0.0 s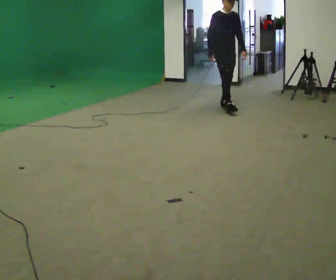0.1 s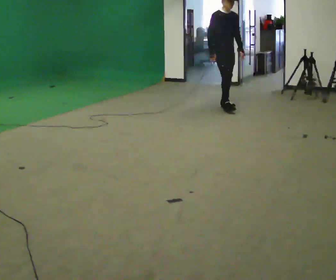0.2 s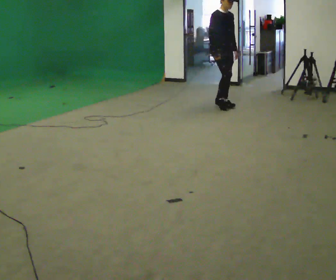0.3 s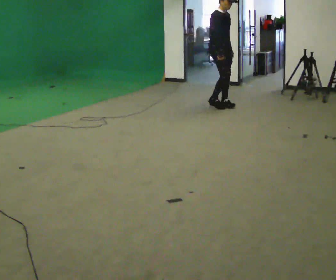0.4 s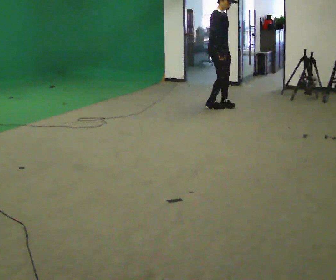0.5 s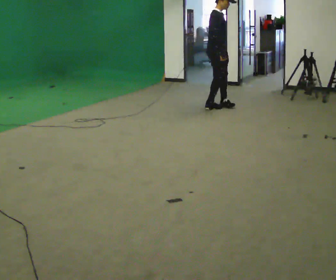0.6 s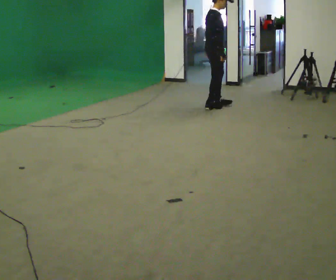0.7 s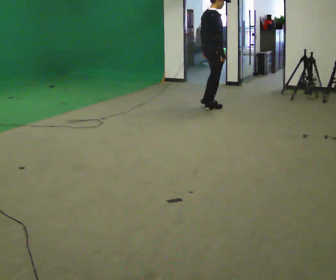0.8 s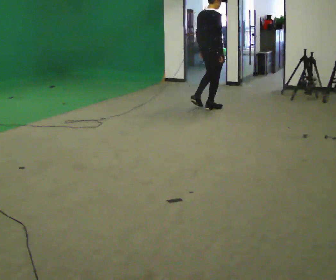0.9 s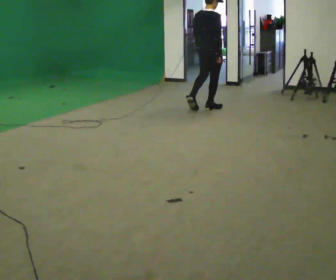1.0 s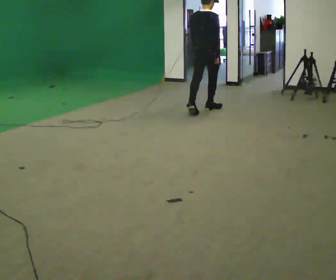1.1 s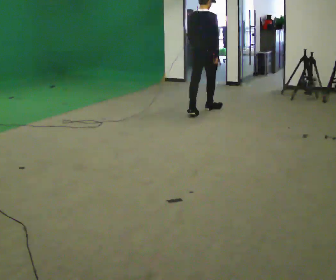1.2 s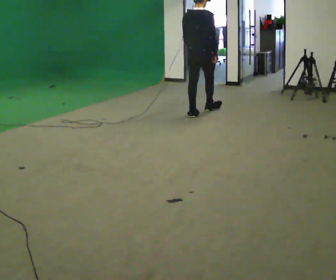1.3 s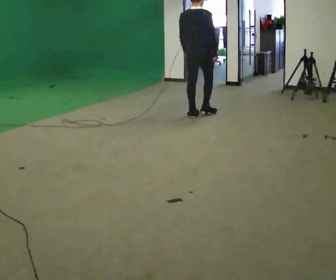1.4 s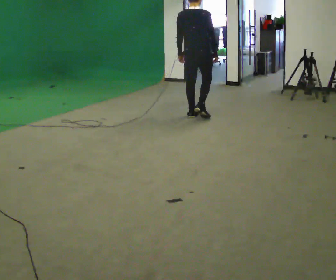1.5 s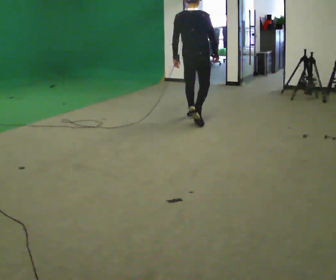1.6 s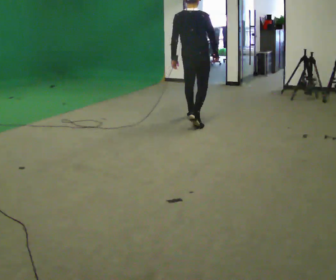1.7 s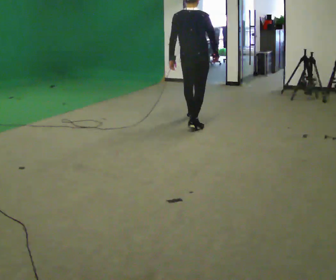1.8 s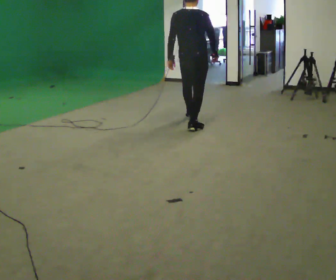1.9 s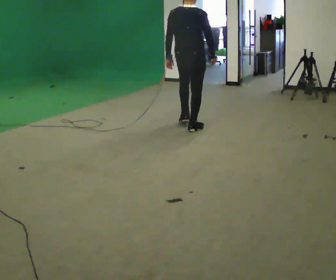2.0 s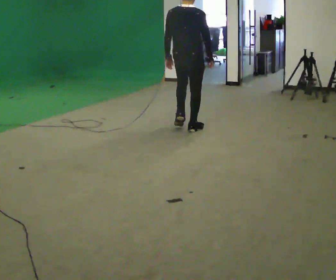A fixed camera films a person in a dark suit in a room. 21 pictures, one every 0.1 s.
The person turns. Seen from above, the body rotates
counterclockwise.
The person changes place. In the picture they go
toward the camera.
0.0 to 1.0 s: The person turns about 120 degrees to their left, counterclockwise seen from above, so the part of the body nearest the lens slides to the right. In the picture they go to the left and toward the camera, about 0.25 m in 1 step.
1.0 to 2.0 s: In the picture they go toward the camera, about 1 m in 2 steps, which for them is backward.
The film runs backward here.
